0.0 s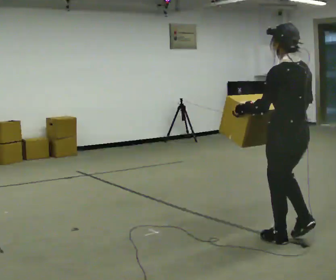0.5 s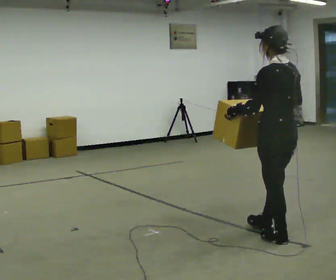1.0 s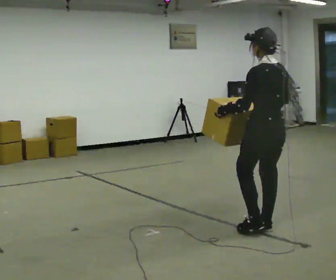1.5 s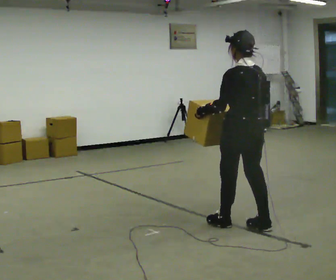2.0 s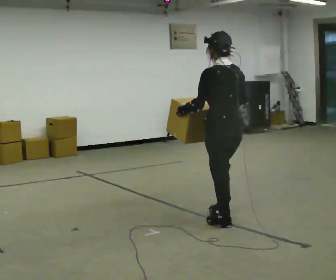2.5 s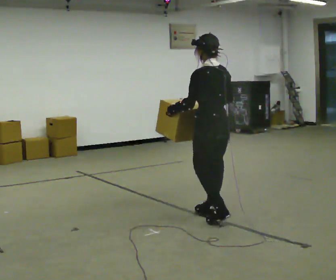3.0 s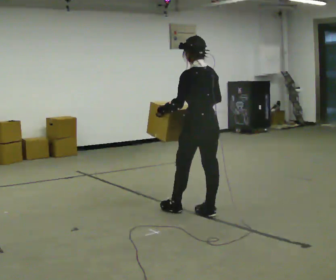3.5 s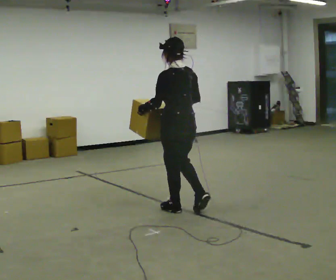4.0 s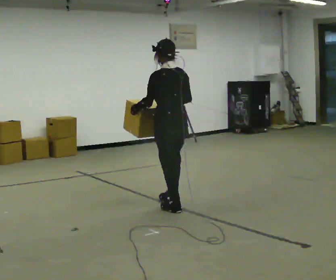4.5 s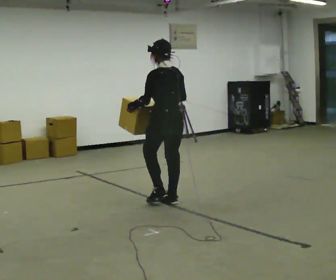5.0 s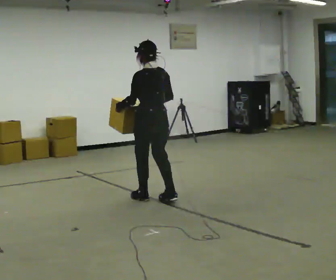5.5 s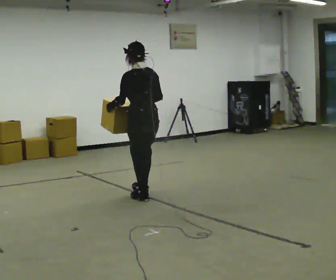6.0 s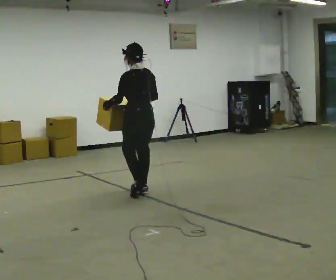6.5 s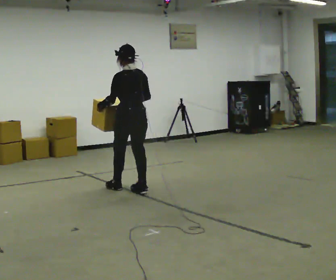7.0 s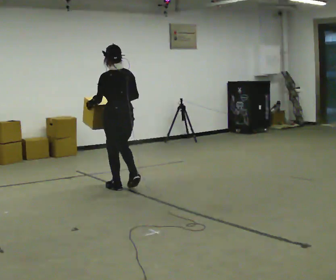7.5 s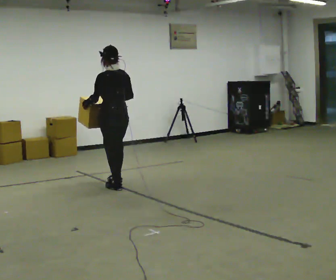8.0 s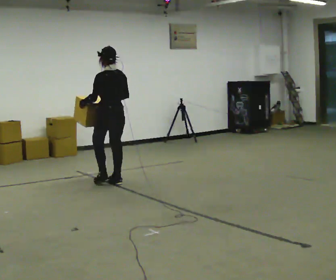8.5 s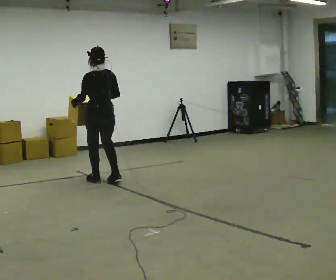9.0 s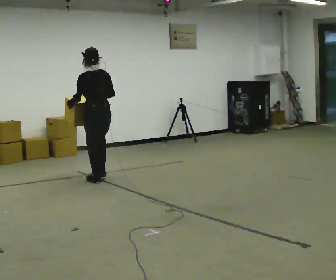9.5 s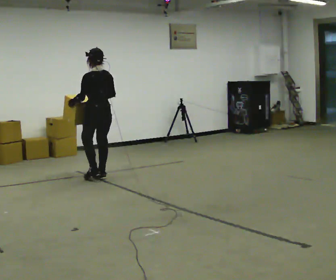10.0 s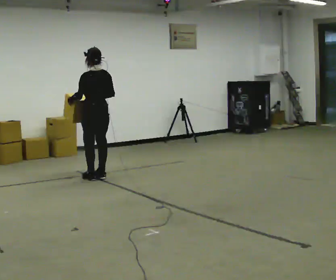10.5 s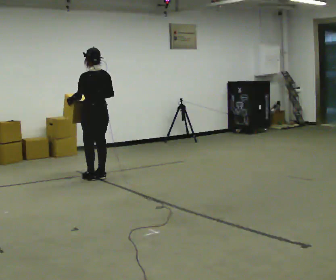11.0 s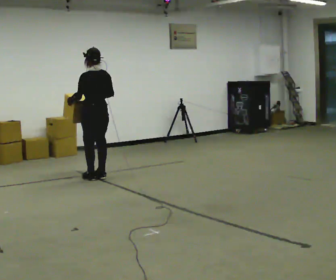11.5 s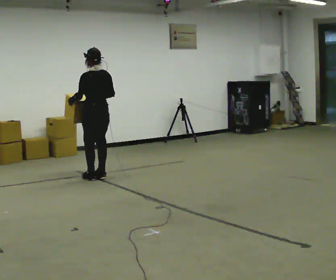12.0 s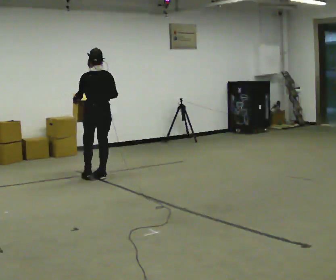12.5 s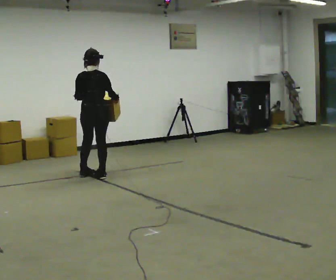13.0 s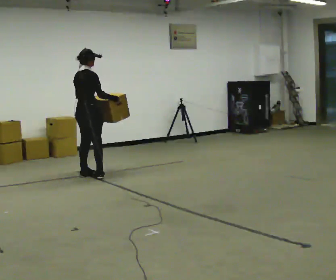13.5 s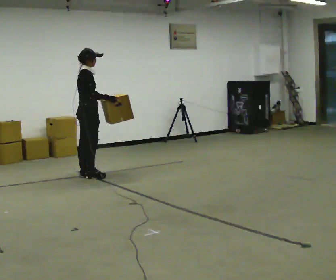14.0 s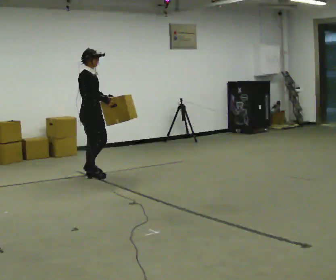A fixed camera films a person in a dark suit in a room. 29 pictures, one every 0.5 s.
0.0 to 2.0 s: In the picture they go away from the camera and to the left, about 0.75 m in 2 steps, which for them is forward.
2.0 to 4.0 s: In the picture they go away from the camera and to the left, about 1 m in 3 steps, which for them is forward.
4.0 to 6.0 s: In the picture they go away from the camera and to the left, about 0.75 m in 2 steps, which for them is forward.
6.0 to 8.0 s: In the picture they go away from the camera and to the left, about 0.5 m in 2 steps, which for them is forward.
8.0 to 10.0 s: In the picture they go away from the camera and to the left, about 0.25 m in 3 steps, which for them is forward.
10.0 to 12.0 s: The person moves a little, or ends about where they began.
12.0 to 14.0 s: Seen from above the body turns clockwise, about 120 degrees: to their right, with its near side sliding to the left.
The film runs forward here.
